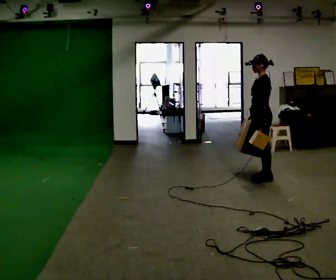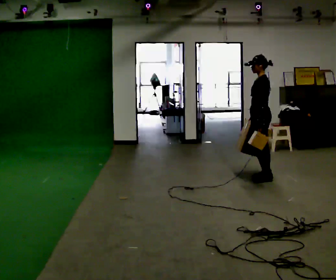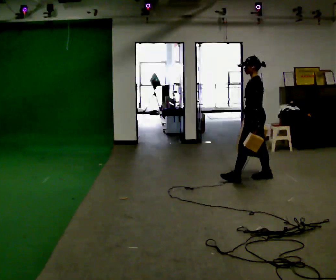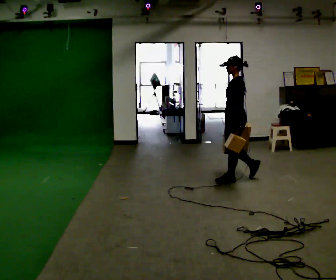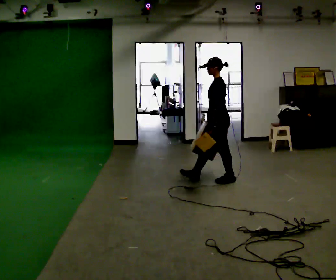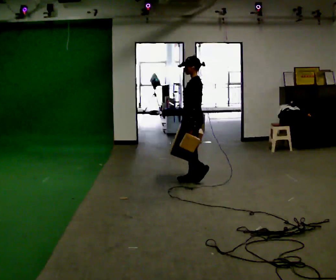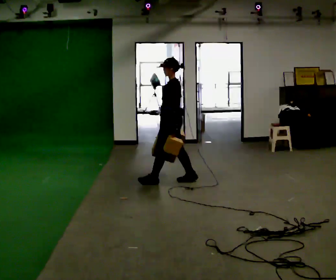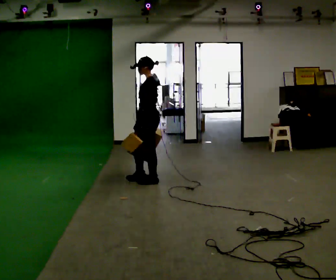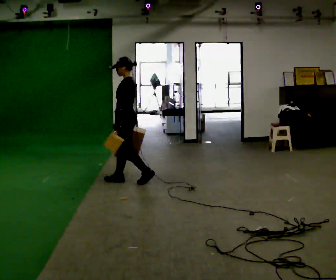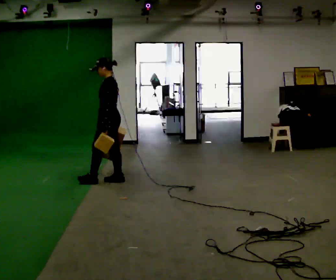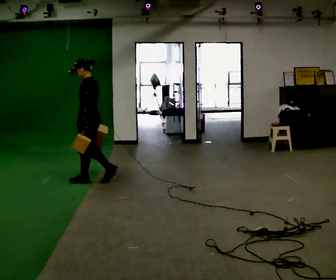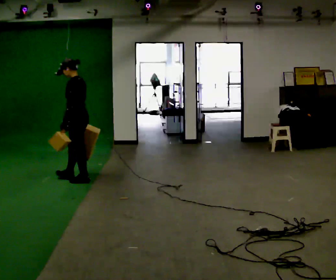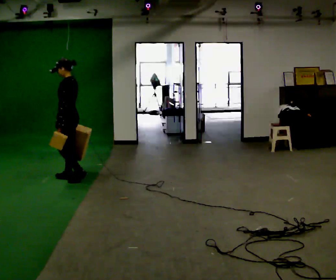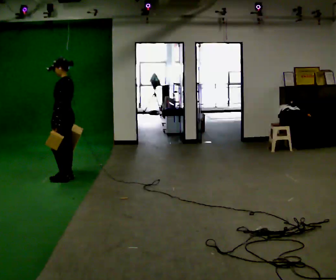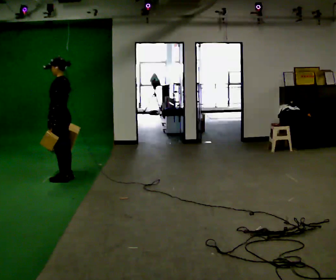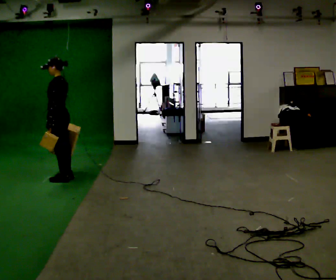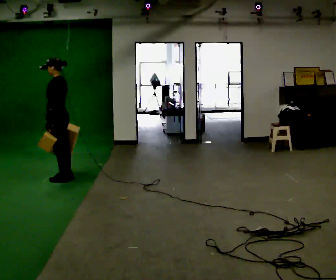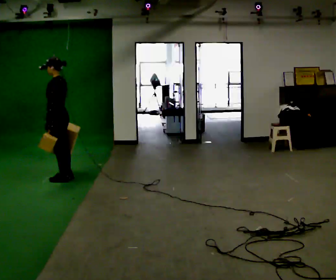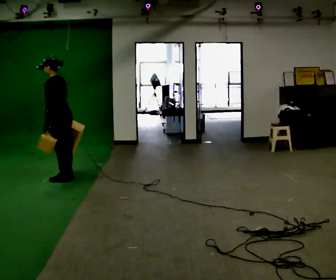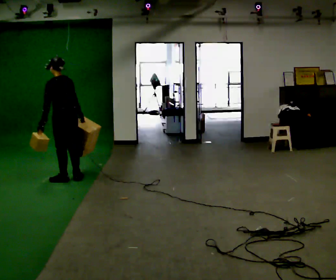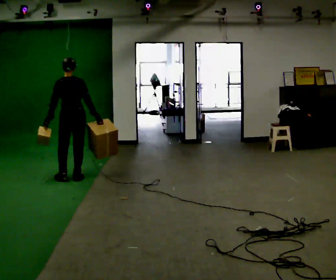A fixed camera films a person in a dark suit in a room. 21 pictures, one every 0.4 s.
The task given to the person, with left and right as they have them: Carry one object in each hand, the heavy one in the hand the operator calls, walking back and forth across the room.
0.0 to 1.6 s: In the picture they go to the left, about 0.5 m in 1 step, which for them is forward.
1.6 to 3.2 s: In the picture they go to the left, about 1 m in 3 steps, which for them is forward.
3.2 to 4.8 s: In the picture they go to the left, about 0.5 m in 2 steps, which for them is forward.
4.8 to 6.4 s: The person moves a little, or ends about where they began.
6.4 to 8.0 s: The person turns about 90 degrees to their right, clockwise seen from above, so the part of the body nearest the lens slides to the left. In the picture they go to the right, about 0.25 m. In the picture their right hand goes to the right.
The film runs forward here.
